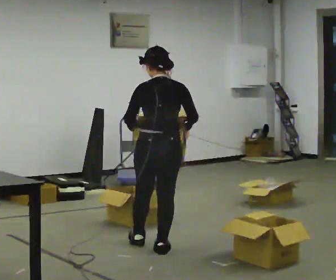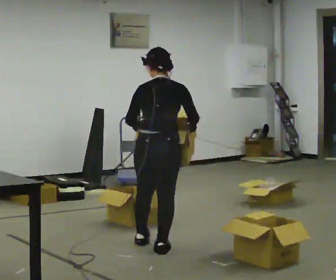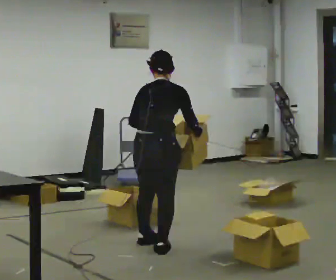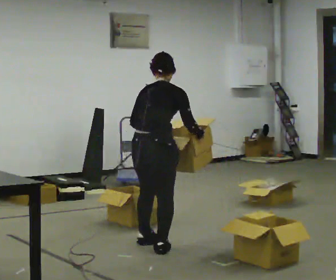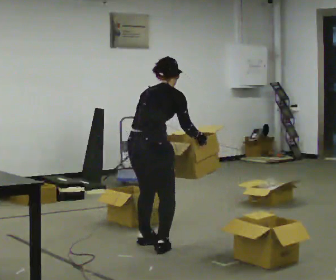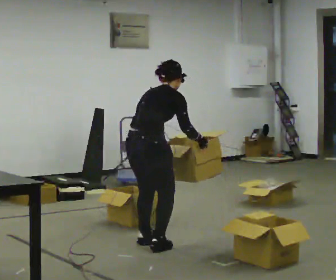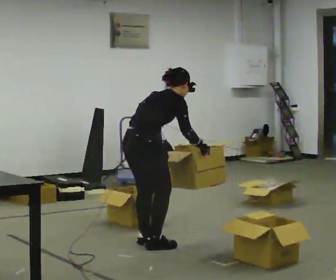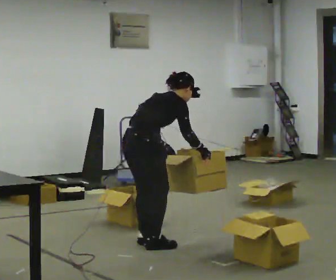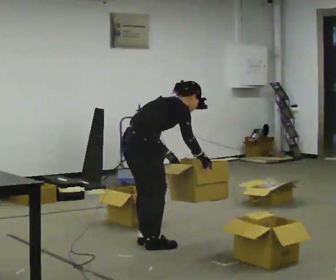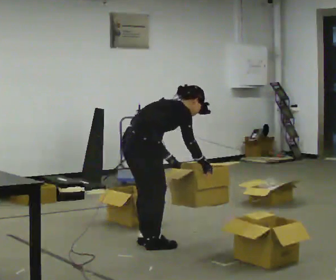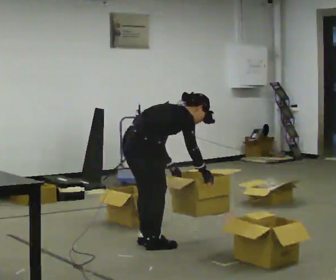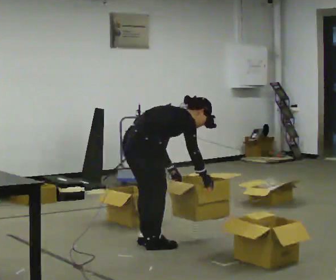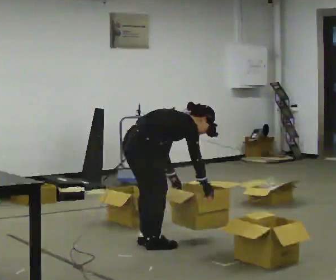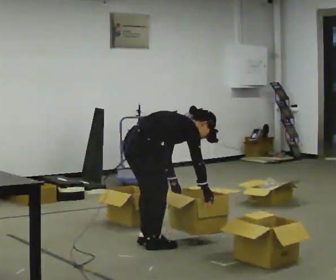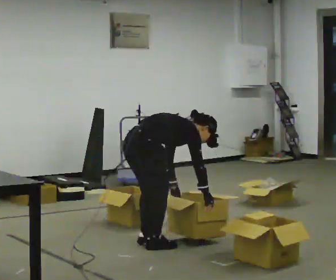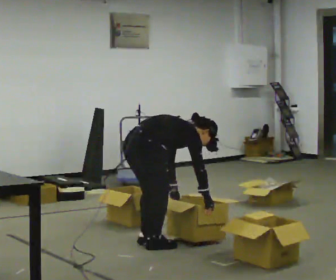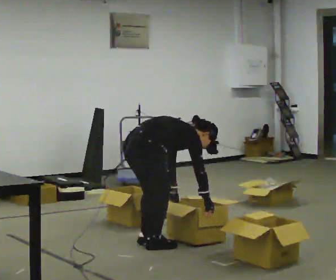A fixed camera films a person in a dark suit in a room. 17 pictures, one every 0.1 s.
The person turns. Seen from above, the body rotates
clockwise.
The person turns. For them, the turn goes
to their right.
0.0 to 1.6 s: The person turns about 60 degrees to their right, clockwise seen from above, so the part of the body nearest the lens slides to the left. In the picture they go away from the camera, about 0.25 m in 1 step. The upper body goes downward. In the picture the upper body tilts clockwise, shoulders to the right, as they bend forward. In the picture their right hand goes downward.
The film runs backward here.
